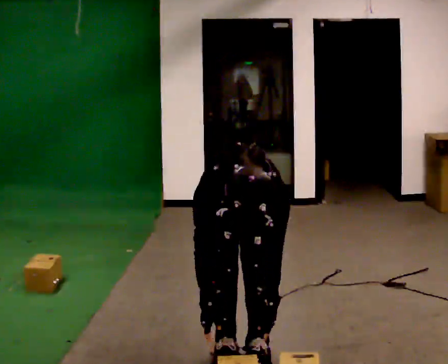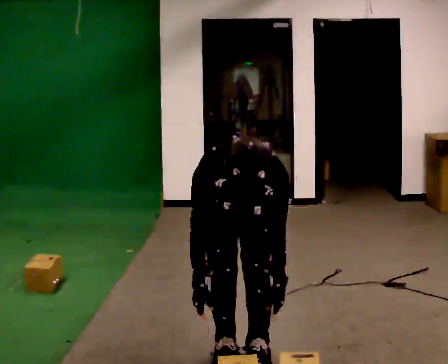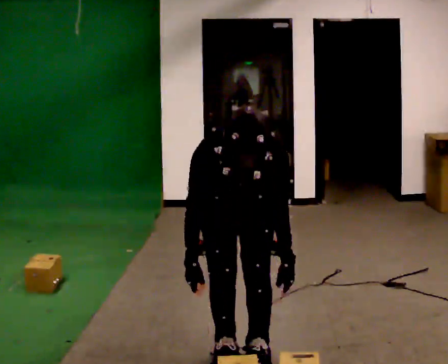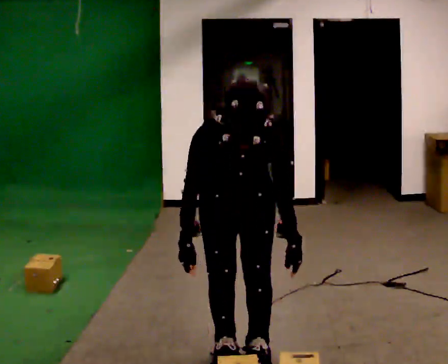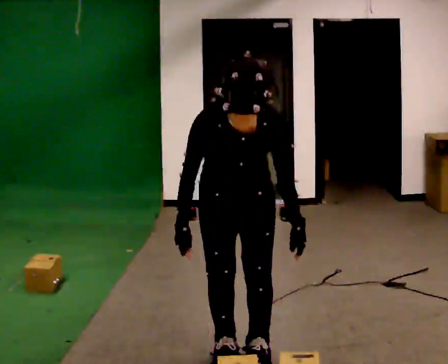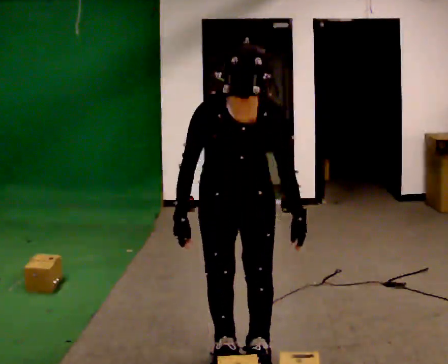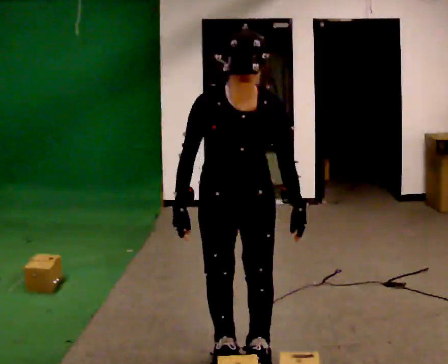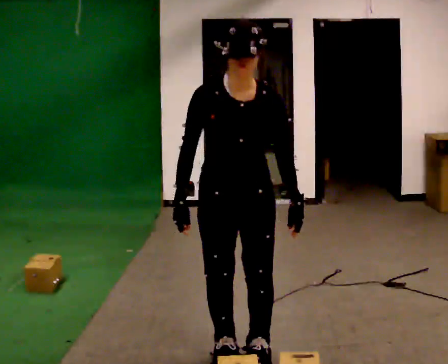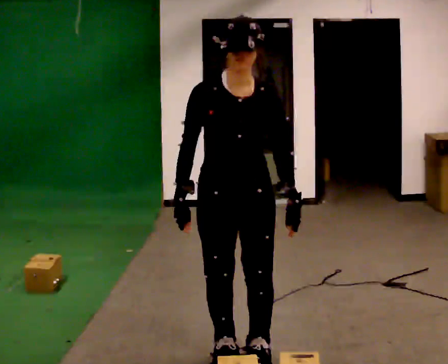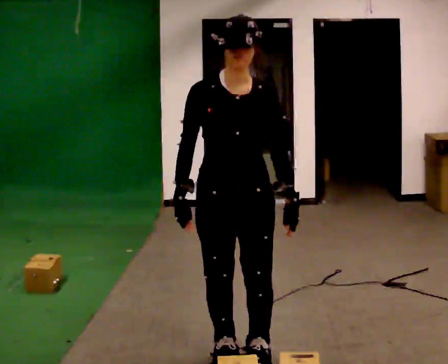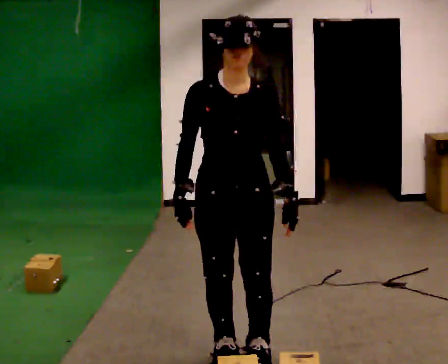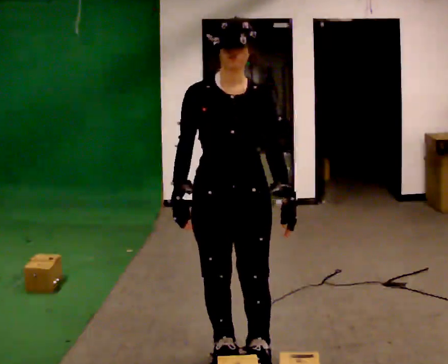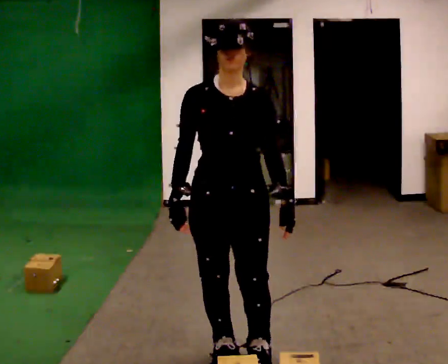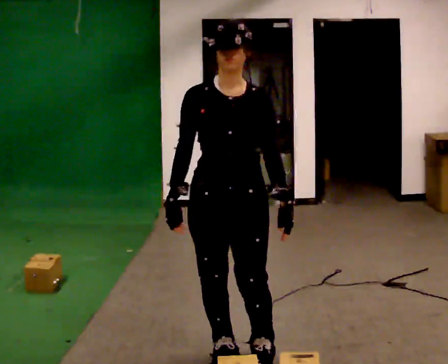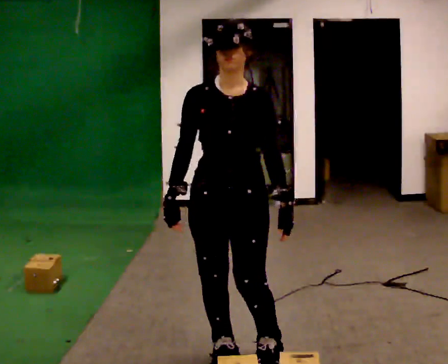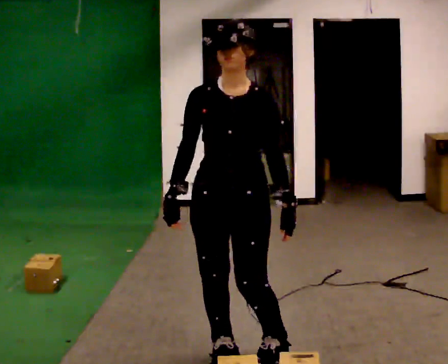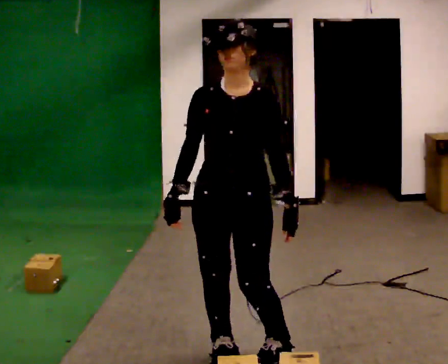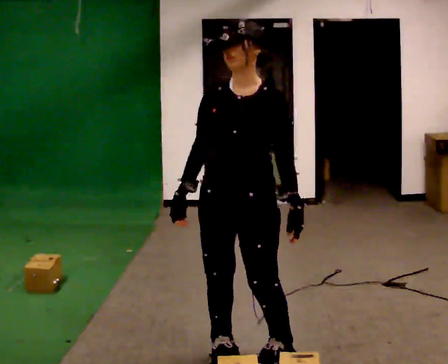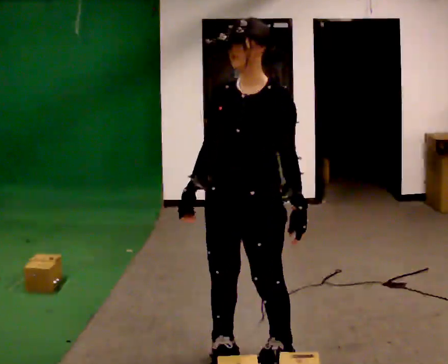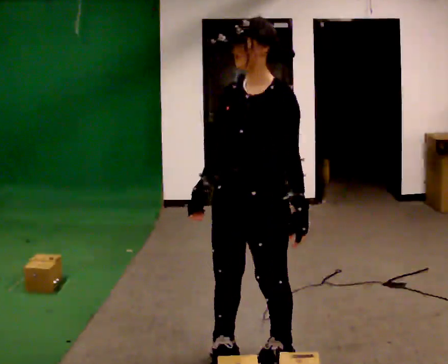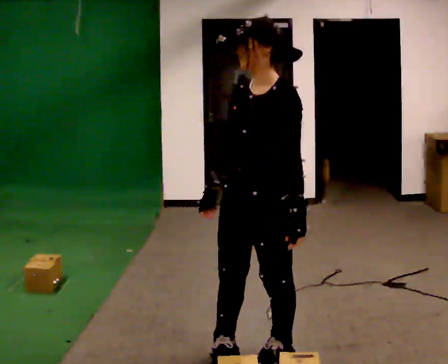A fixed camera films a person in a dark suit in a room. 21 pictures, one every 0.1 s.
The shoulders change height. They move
upward.
The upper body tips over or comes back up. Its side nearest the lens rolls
upward.
0.0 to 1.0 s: The shoulders move upward. The upper body tips away from the camera, its near side rolling upward, as they lean back or straighten. In the picture their left hand goes upward.
1.0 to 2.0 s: Seen from above the body turns clockwise, about 60 degrees: to their right, with its near side sliding to the left.
The film runs forward here.
